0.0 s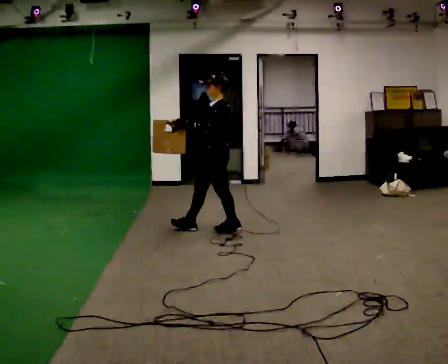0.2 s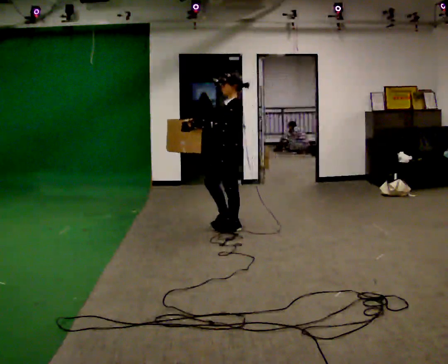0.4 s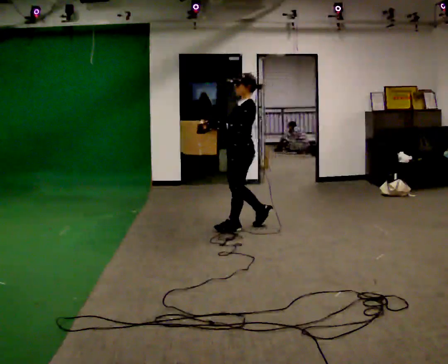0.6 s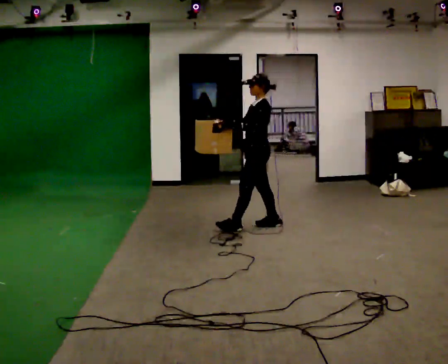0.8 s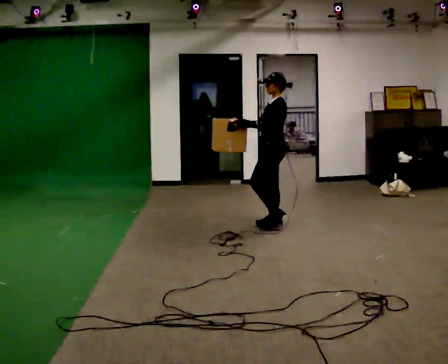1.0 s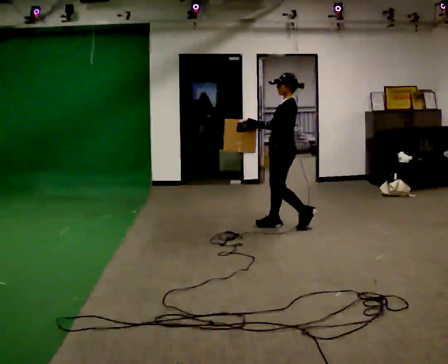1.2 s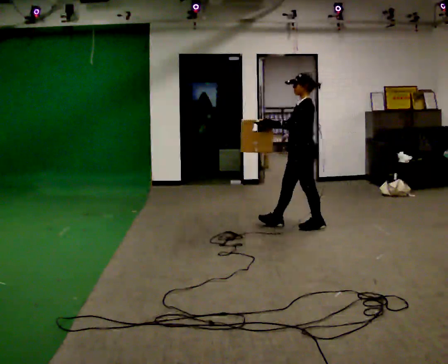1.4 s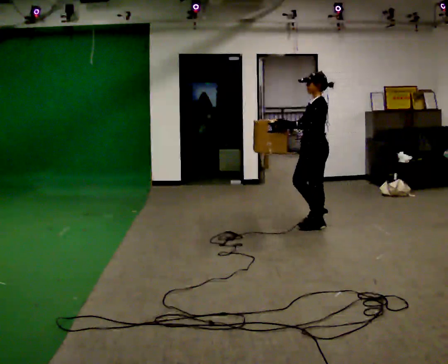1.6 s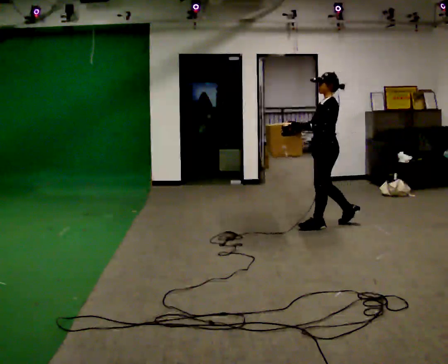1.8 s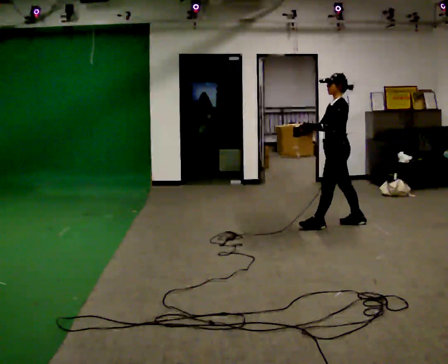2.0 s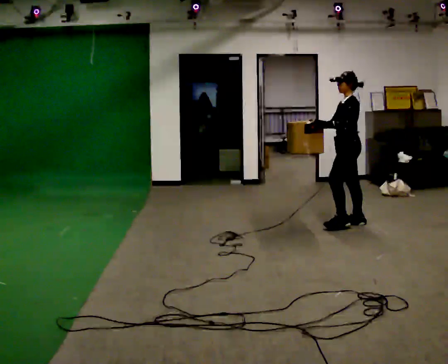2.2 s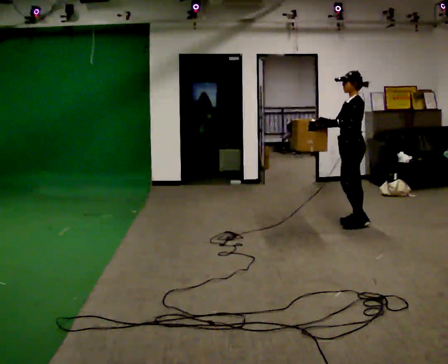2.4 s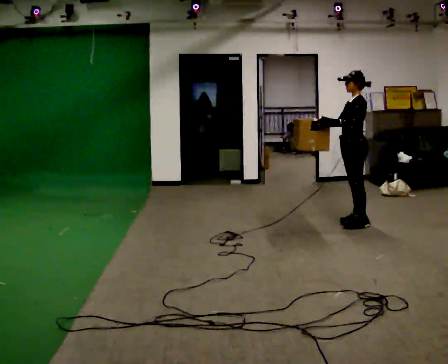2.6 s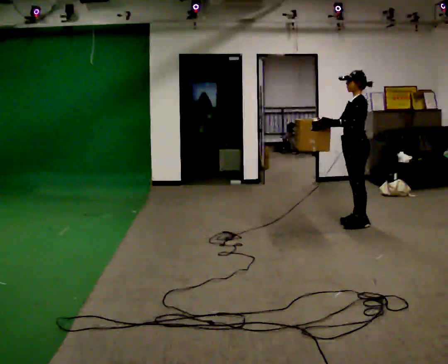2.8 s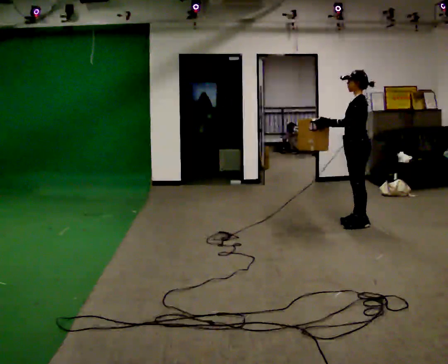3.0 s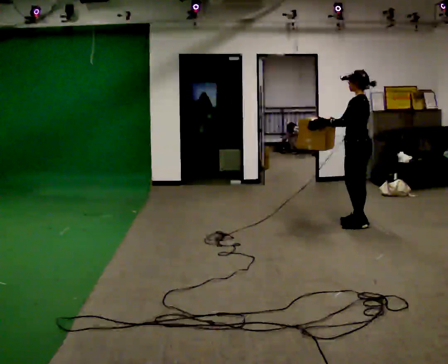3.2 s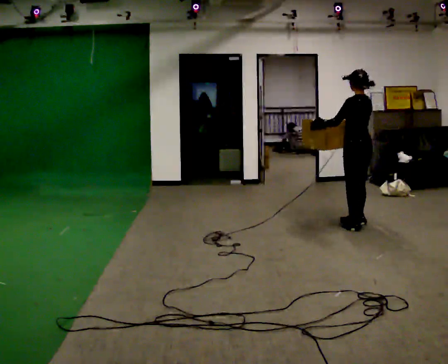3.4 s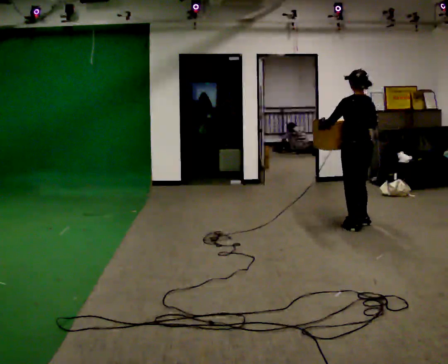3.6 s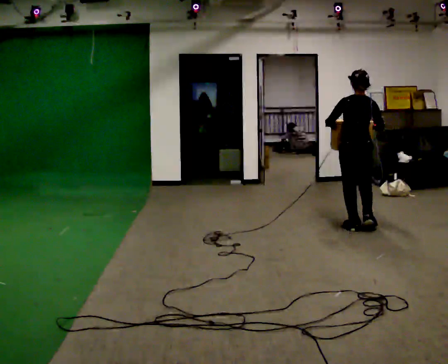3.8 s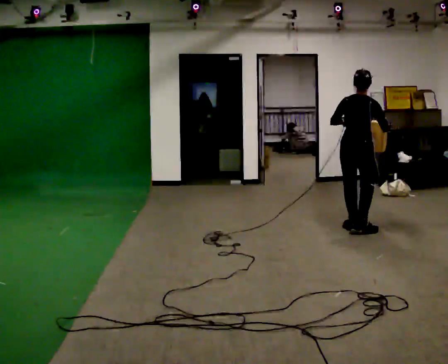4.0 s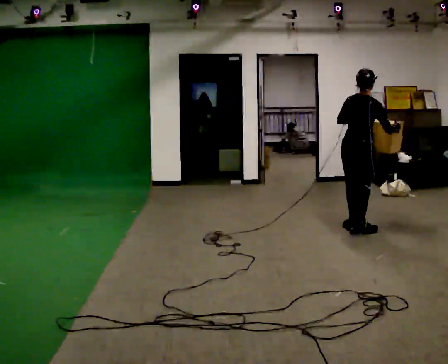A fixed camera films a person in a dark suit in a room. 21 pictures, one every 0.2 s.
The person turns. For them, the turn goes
to their right.
The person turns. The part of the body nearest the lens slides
to the left.
0.0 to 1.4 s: In the picture they go to the right, about 1 m in 3 steps, which for them is backward.
1.4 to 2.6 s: In the picture they go to the right, about 0.5 m in 1 step, which for them is backward.
2.6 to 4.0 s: Seen from above the body turns clockwise, about 120 degrees: to their right, with its near side sliding to the left. In the picture they go toward the camera, about 0.25 m in 2 steps.
The film runs backward here.
